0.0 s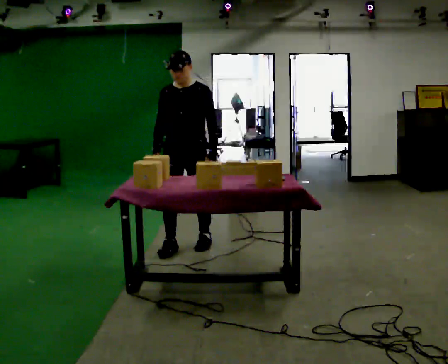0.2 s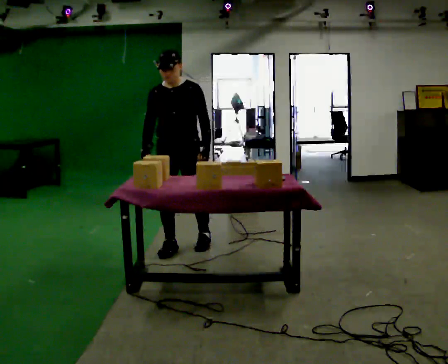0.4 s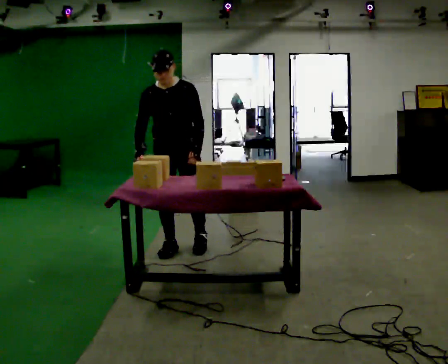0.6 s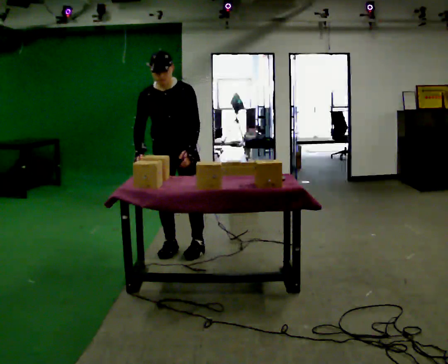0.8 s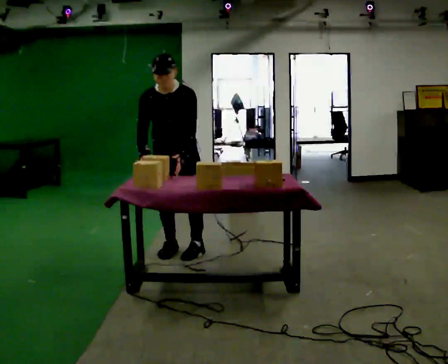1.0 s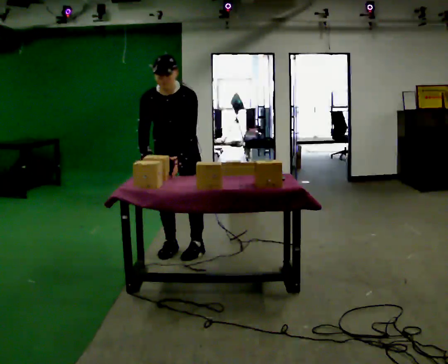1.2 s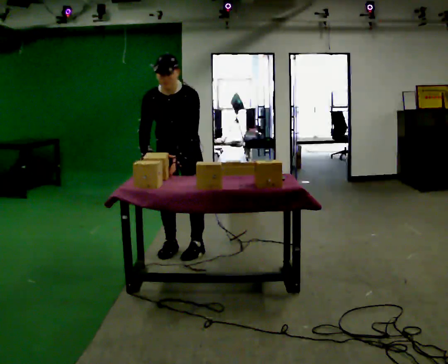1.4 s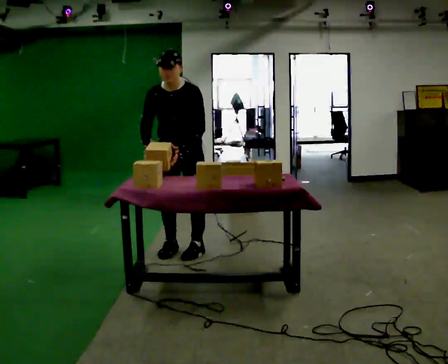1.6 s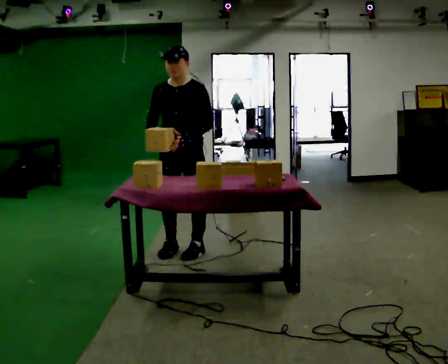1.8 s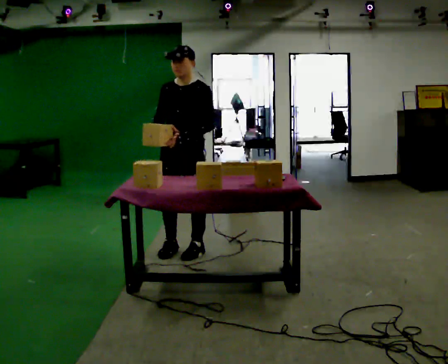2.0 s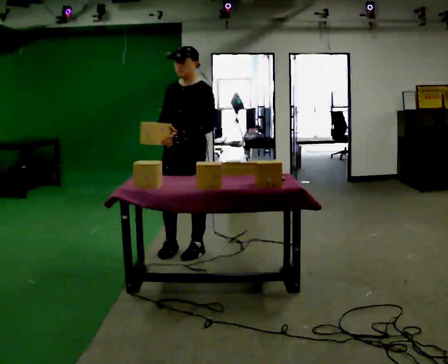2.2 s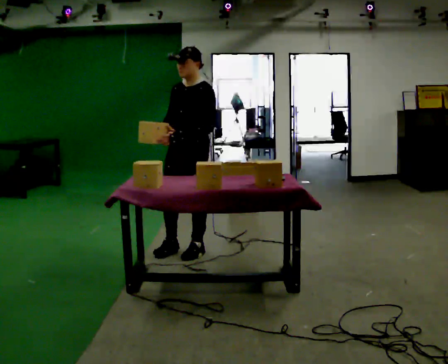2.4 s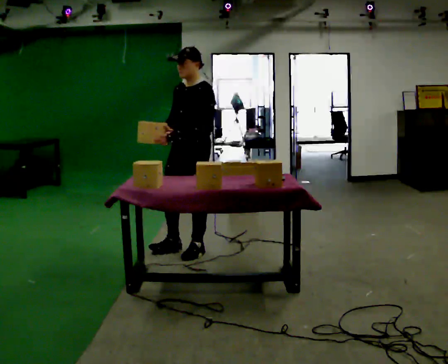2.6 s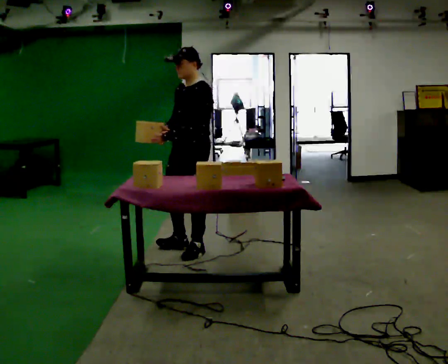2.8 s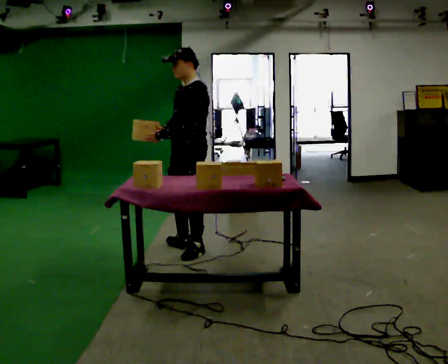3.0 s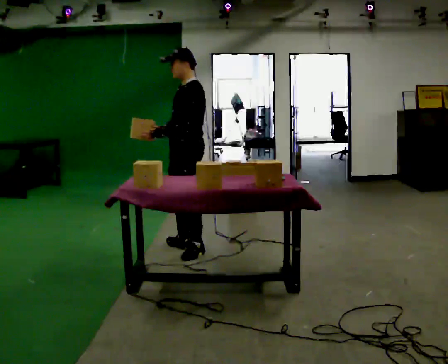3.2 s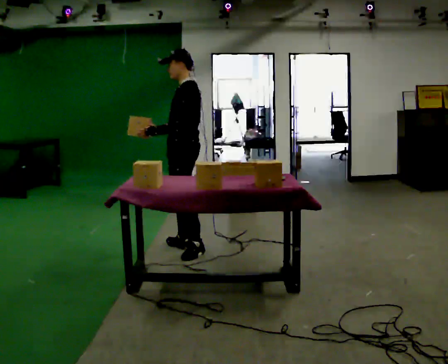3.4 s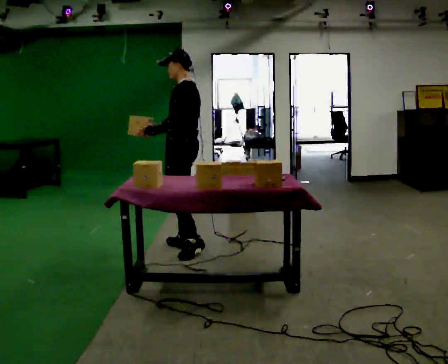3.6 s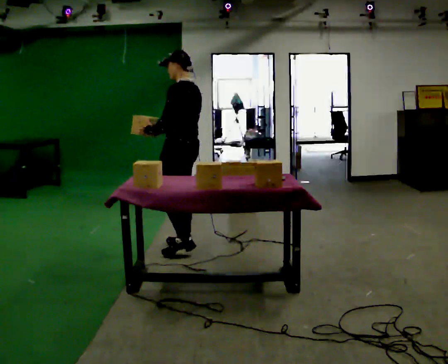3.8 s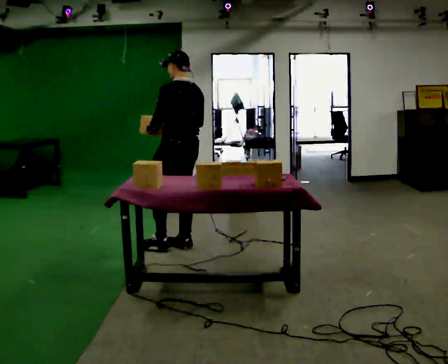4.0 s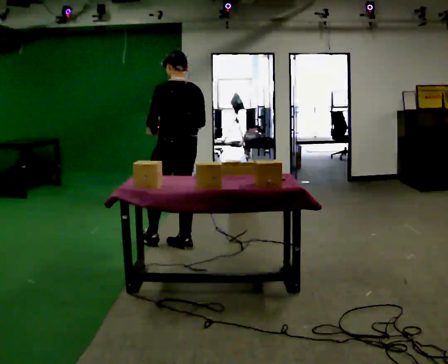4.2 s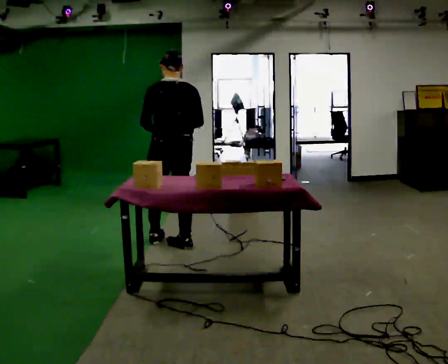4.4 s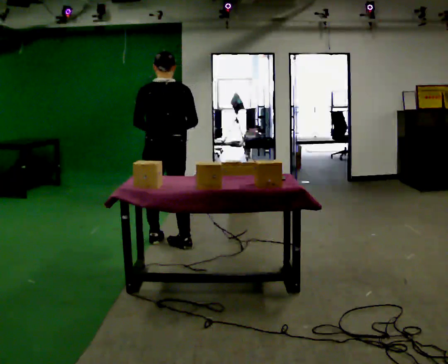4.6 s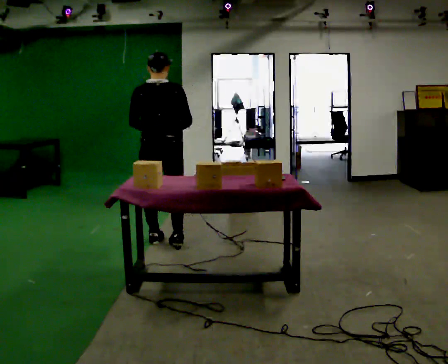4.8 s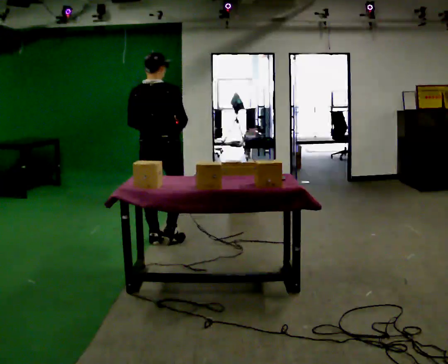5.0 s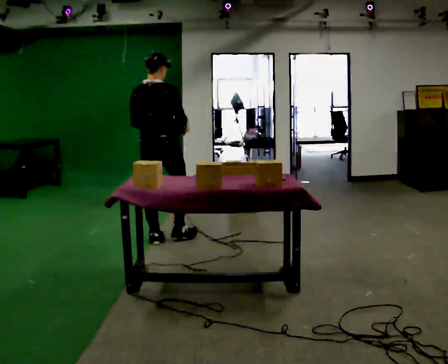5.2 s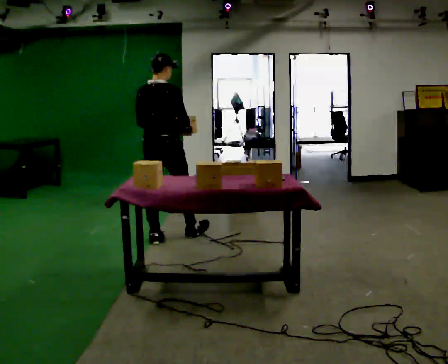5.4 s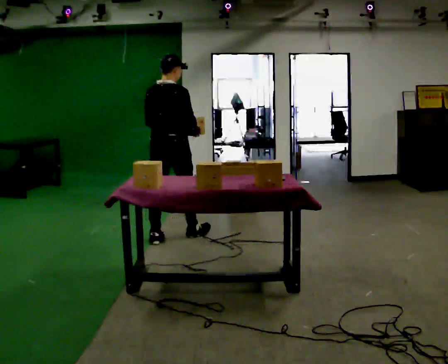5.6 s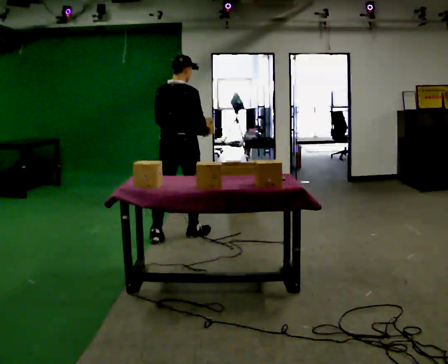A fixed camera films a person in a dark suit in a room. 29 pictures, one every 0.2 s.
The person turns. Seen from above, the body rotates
clockwise.
The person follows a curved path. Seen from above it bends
clockwise.
0.0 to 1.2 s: The upper body tips toward the camera, its near side rolling downward, as they bend forward.
1.2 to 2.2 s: The part of the body nearest the lens slides to the left as the person turns to their right by about 30 degrees. The upper body tips away from the camera, its near side rolling upward, as they lean back or straighten.
2.2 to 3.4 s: Seen from above the body turns clockwise, about 60 degrees: to their right, with its near side sliding to the left.
3.4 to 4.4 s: Seen from above the body turns clockwise, about 75 degrees: to their right, with its near side sliding to the left. In the picture they go to the left, about 0.25 m in 1 step.
4.4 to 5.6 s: The part of the body nearest the lens slides to the left as the person turns to their right by about 30 degrees. In the picture they go away from the camera, about 0.25 m in 1 step, which for them is forward.
The film runs forward here.
